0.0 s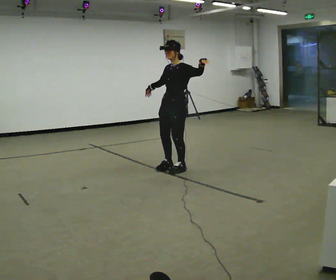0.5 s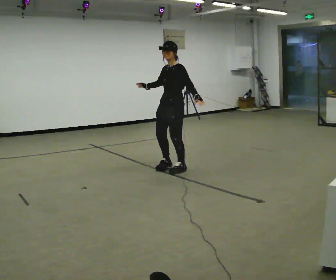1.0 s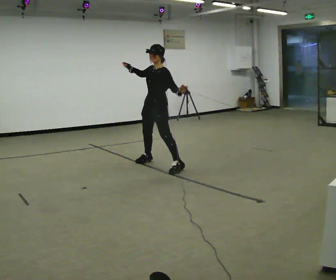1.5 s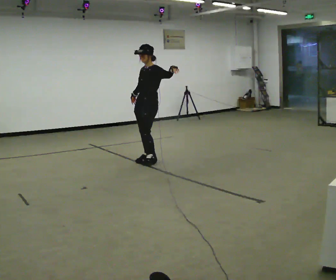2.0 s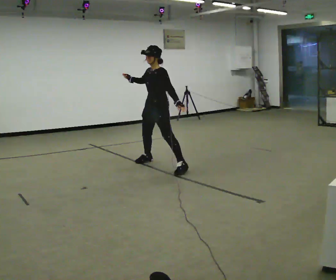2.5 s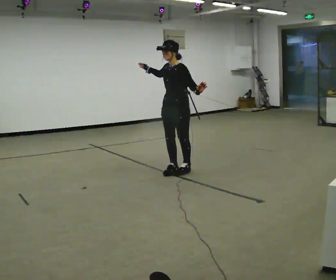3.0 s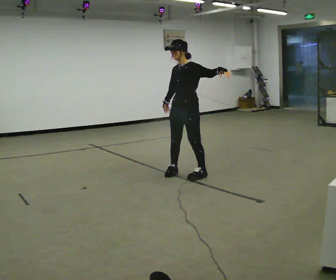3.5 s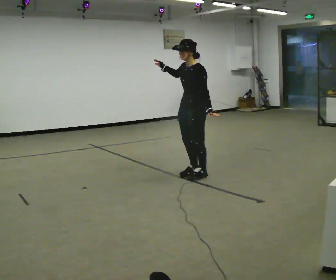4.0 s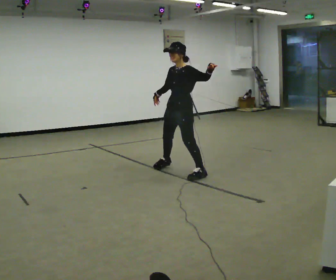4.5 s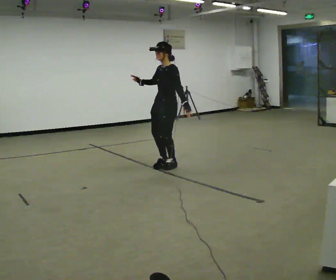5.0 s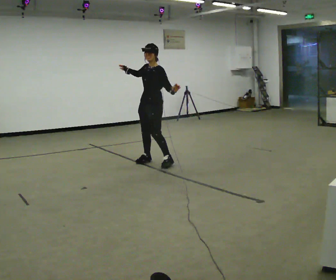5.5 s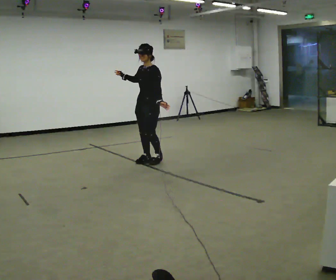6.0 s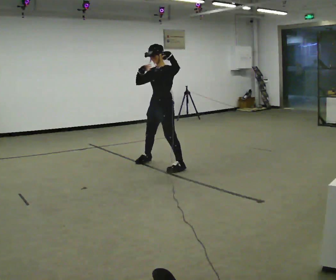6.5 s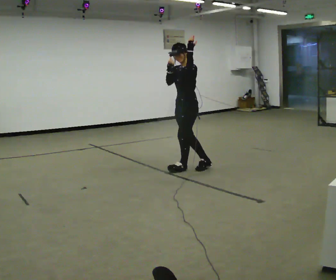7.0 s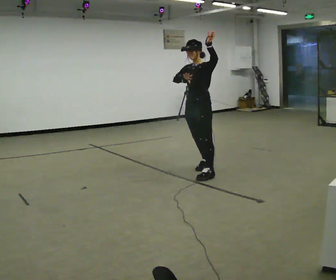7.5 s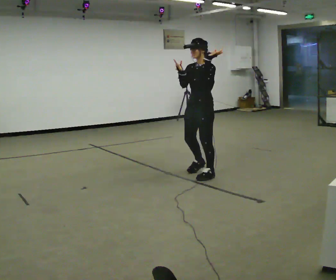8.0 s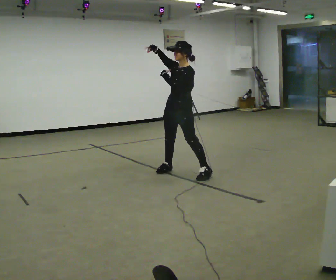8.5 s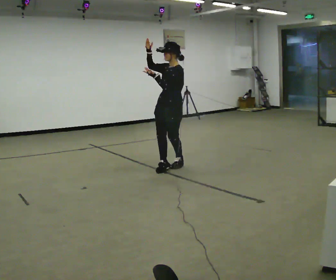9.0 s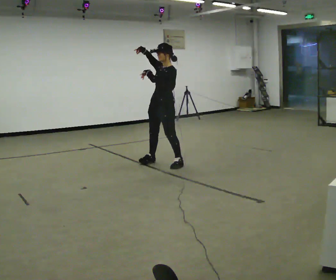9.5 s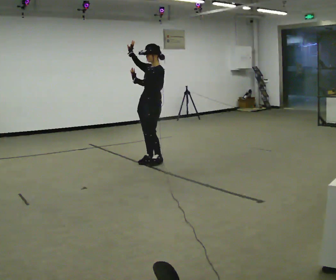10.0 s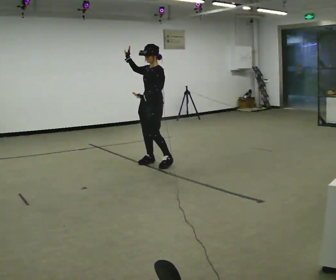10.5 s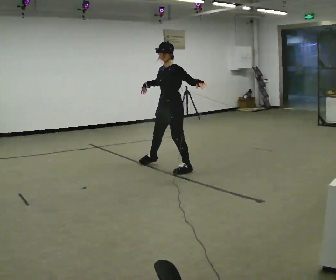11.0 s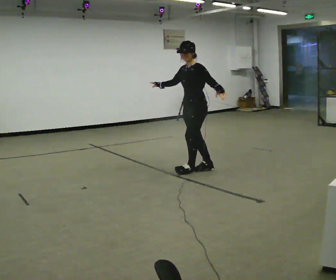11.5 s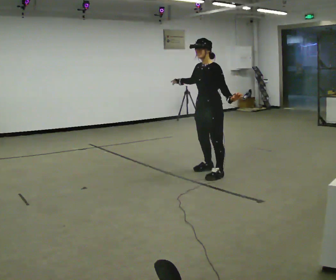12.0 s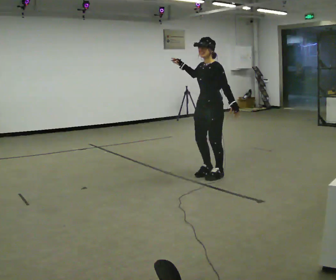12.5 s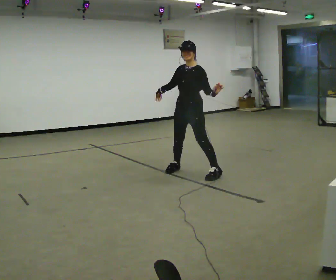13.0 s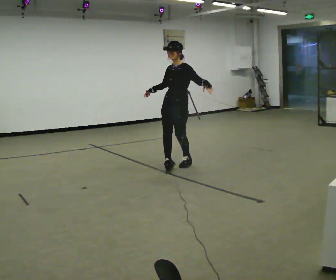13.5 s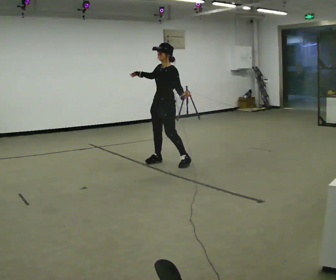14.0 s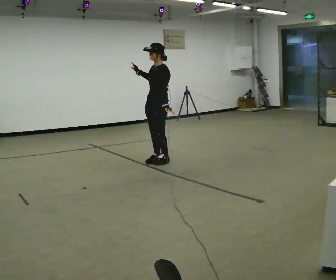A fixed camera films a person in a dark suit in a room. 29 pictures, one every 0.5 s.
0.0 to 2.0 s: In the picture they go to the left and away from the camera, about 0.25 m in 1 step, which for them is to their right. In the picture their left hand goes downward.
2.0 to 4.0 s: In the picture they go toward the camera and to the right, about 0.5 m in 3 steps, which for them is to their left. In the picture their left hand goes upward.
4.0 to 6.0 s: In the picture they go away from the camera and to the left, about 0.25 m in 5 steps, which for them is to their right.
6.0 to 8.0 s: In the picture they go toward the camera and to the right, about 0.5 m in 3 steps, which for them is to their left.
8.0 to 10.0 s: In the picture they go away from the camera and to the left, about 0.5 m in 3 steps, which for them is to their right. In the picture their left hand goes downward.
10.0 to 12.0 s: In the picture they go to the right and toward the camera, about 1 m in 4 steps, which for them is to their left.
12.0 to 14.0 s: In the picture they go away from the camera and to the left, about 1 m in 4 steps, which for them is to their right.
The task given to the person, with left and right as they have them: Move however you like, changing style and tempo as you go; keep moving continuously.
The film runs forward here.
